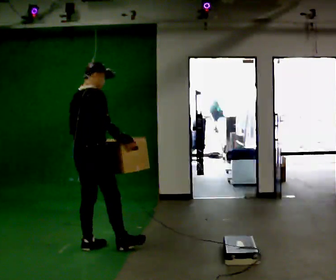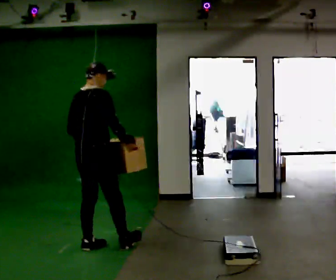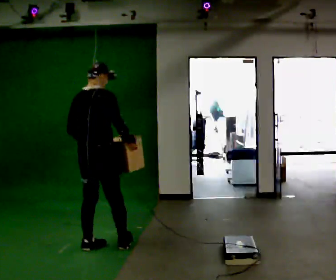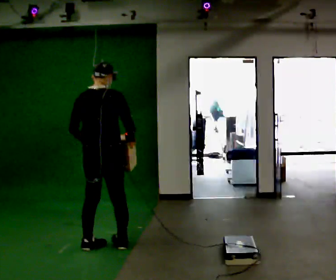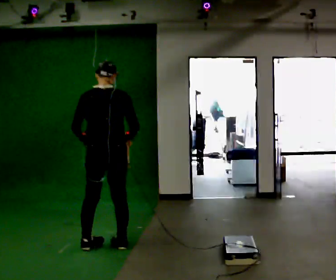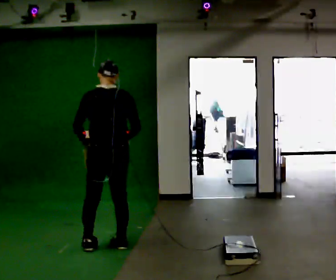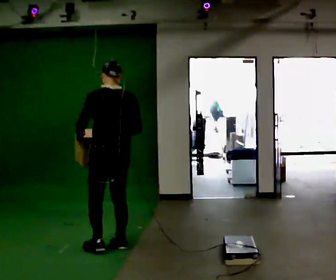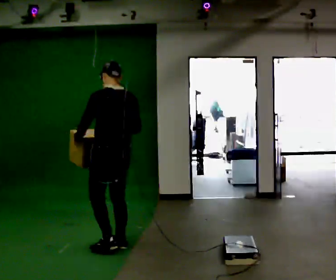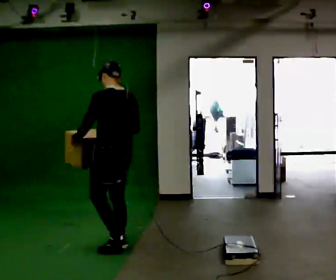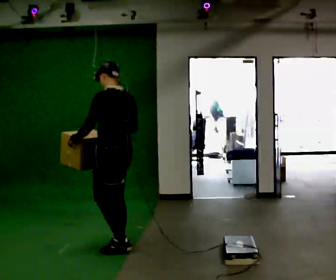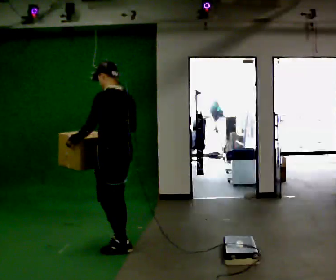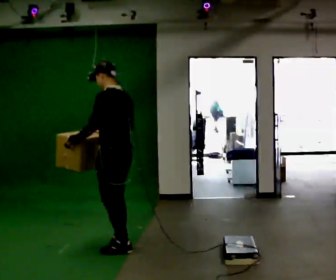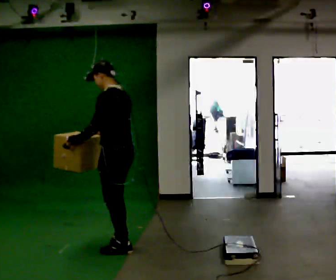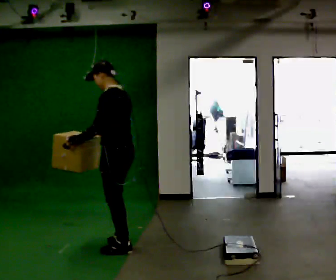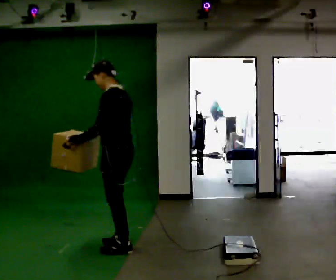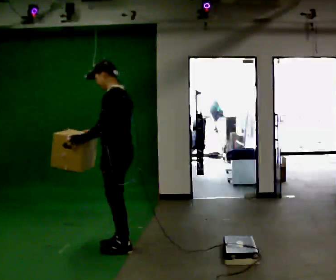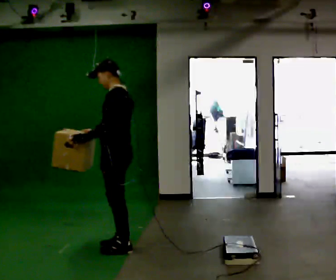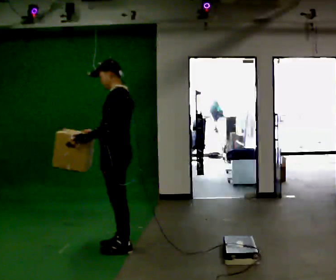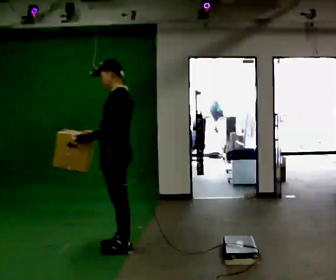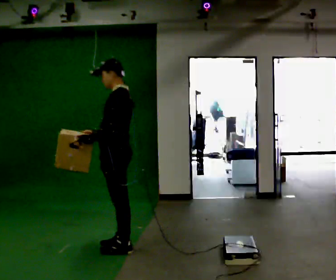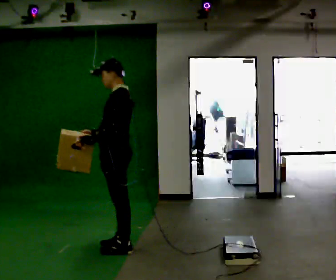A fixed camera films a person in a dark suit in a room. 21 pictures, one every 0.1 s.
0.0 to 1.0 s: The part of the body nearest the lens slides to the right as the person turns to their left by about 105 degrees. In the picture they go to the right, about 0.25 m in 1 step.
1.0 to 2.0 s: Seen from above the body turns counterclockwise, about 30 degrees: to their left, with its near side sliding to the right.
The film runs backward here.
